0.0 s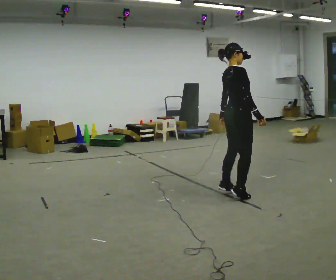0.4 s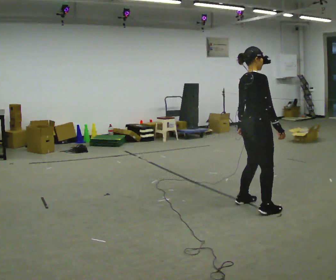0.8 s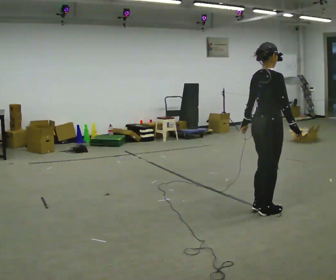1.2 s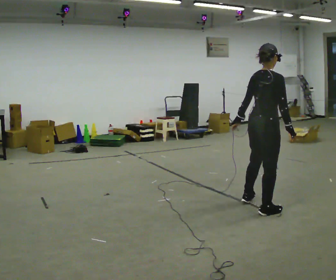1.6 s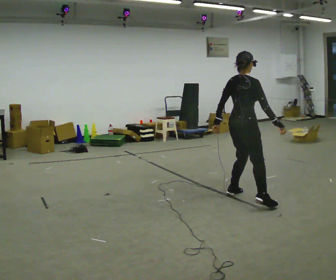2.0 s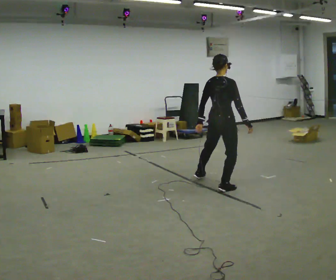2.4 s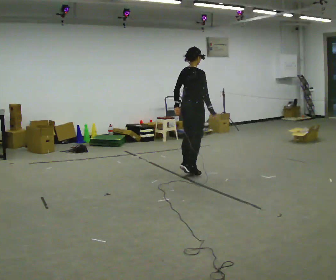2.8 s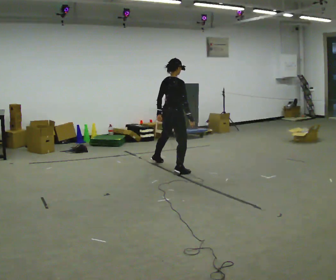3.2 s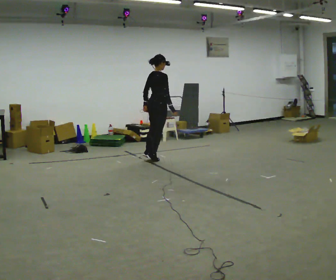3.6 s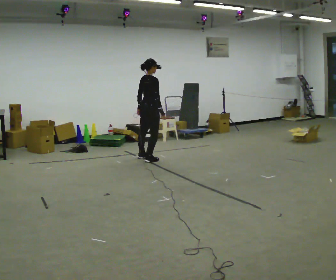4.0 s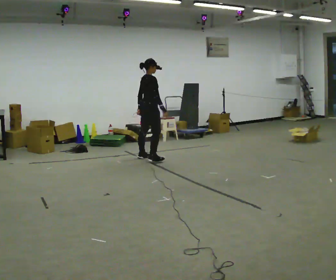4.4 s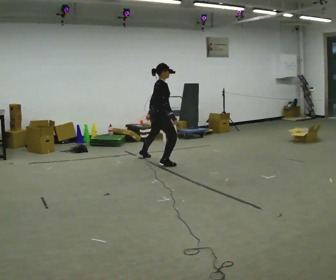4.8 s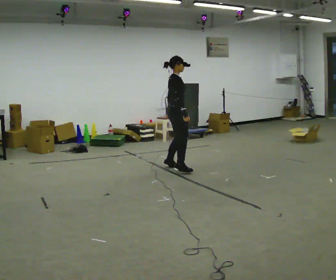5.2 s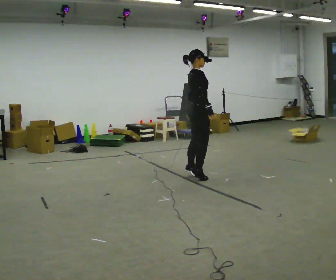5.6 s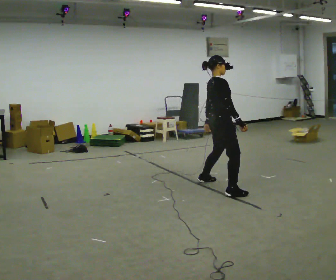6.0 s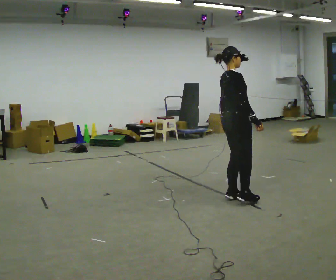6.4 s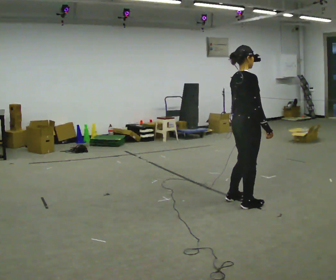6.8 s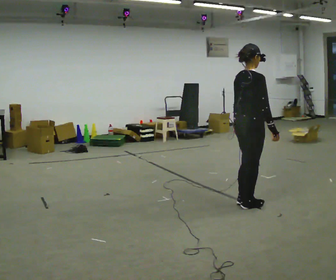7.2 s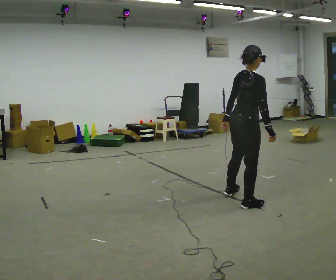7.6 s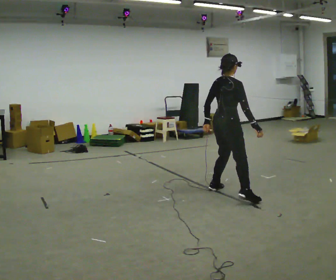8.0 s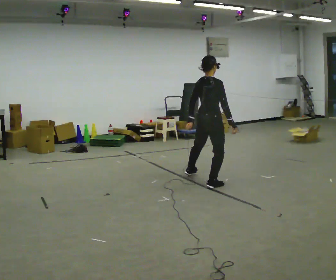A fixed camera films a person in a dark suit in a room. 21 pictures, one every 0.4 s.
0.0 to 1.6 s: The person moves a little, or ends about where they began.
1.6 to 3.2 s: In the picture they go away from the camera and to the left, about 2 m in 3 steps, which for them is to their left.
3.2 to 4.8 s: The part of the body nearest the lens slides to the left as the person turns to their right by about 30 degrees. In the picture they go toward the camera and to the right, about 0.5 m in 4 steps, which for them is to their right.
4.8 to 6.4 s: In the picture they go toward the camera, about 2 m in 5 steps, which for them is to their right.
6.4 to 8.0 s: The part of the body nearest the lens slides to the right as the person turns to their left by about 30 degrees. In the picture they go away from the camera, about 1 m in 3 steps, which for them is to their left.
The film runs forward here.
